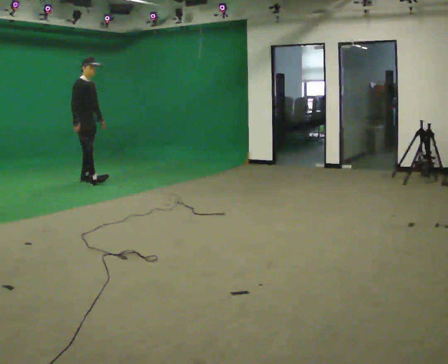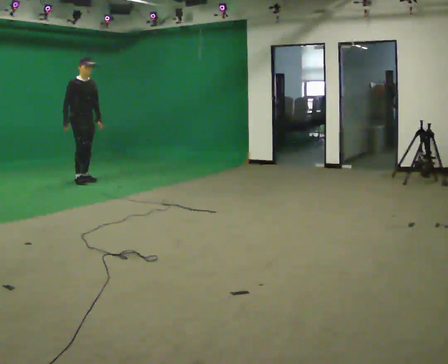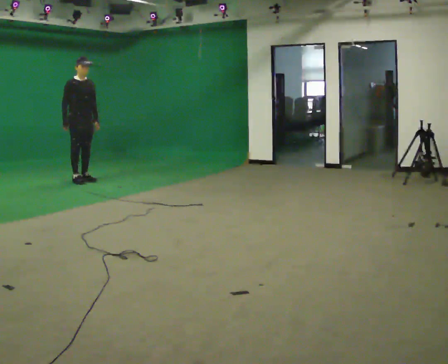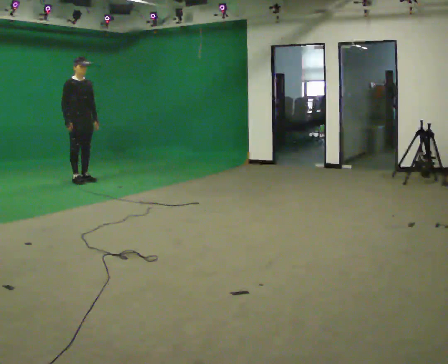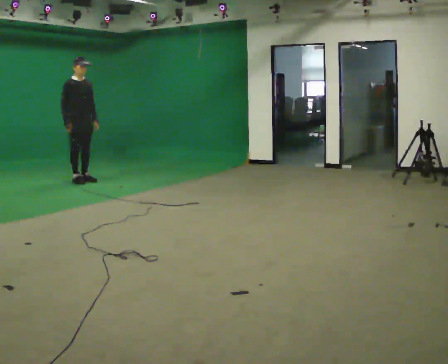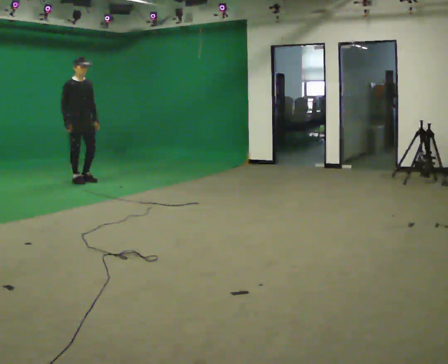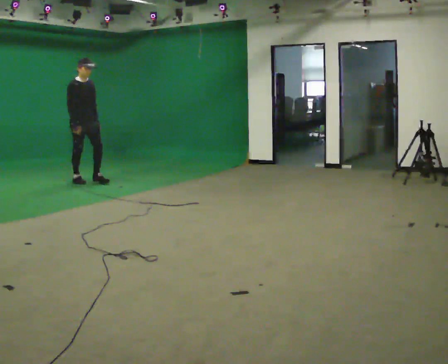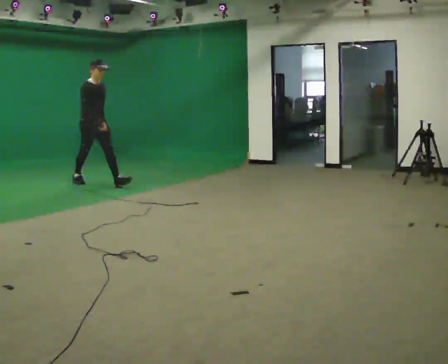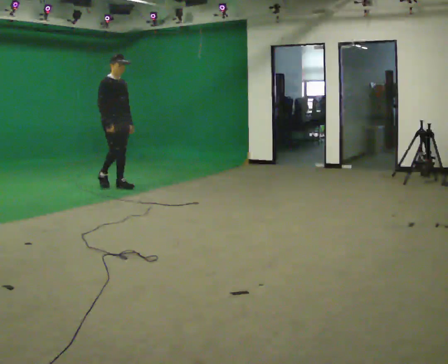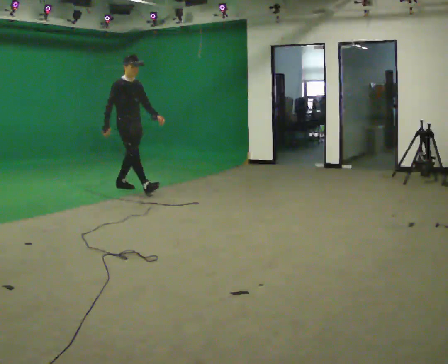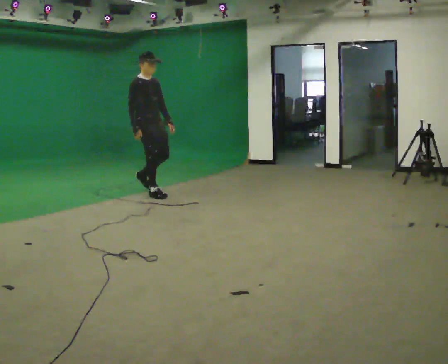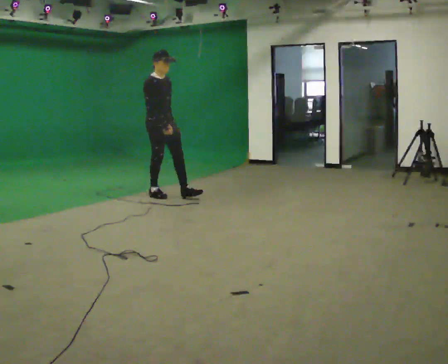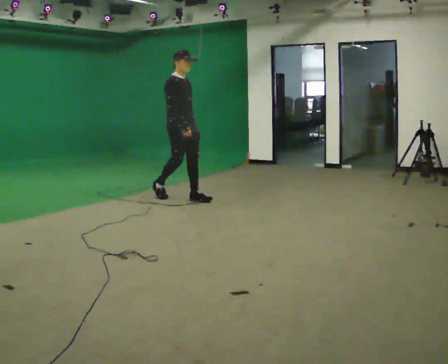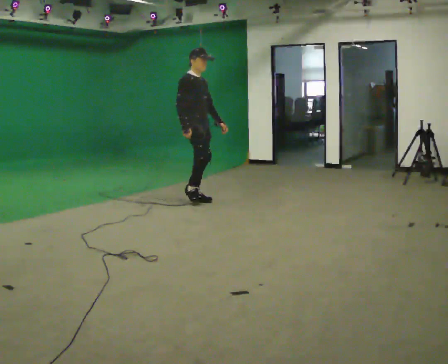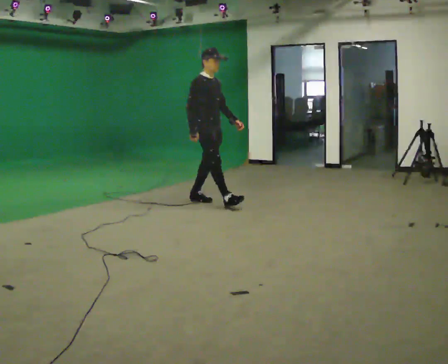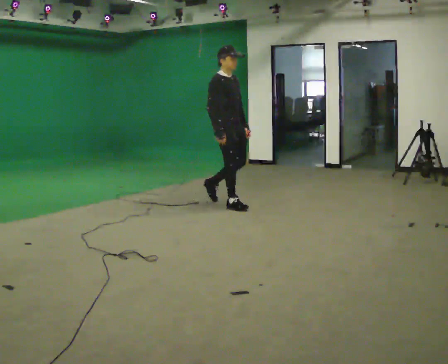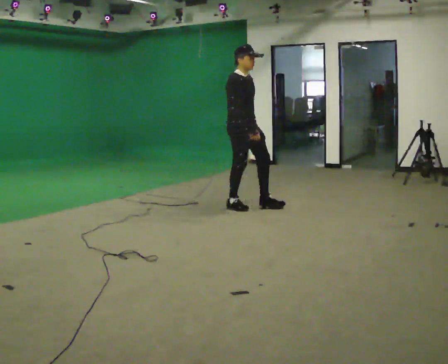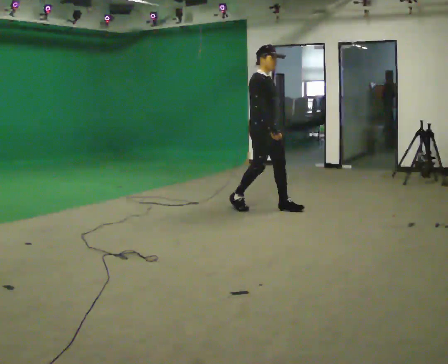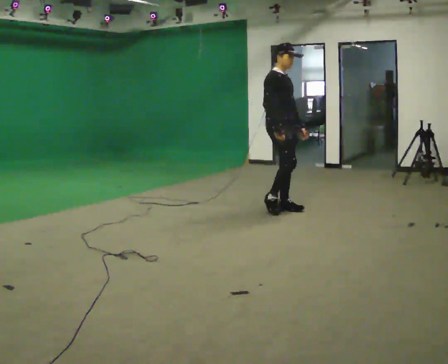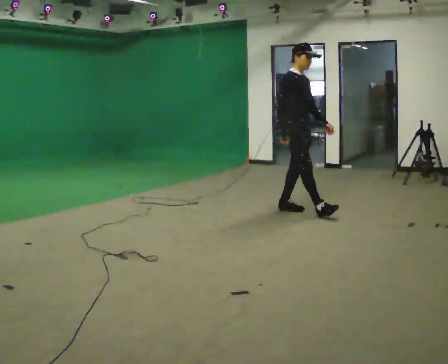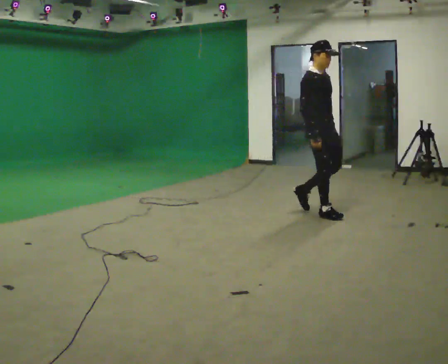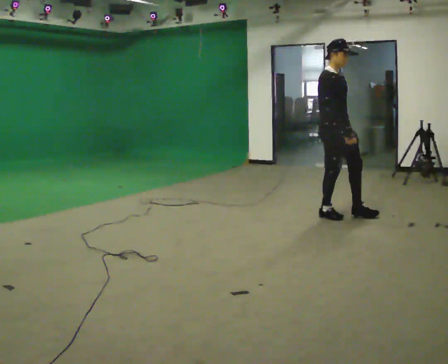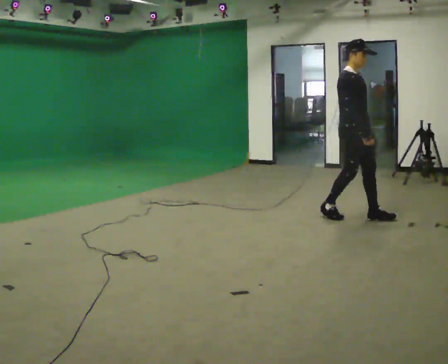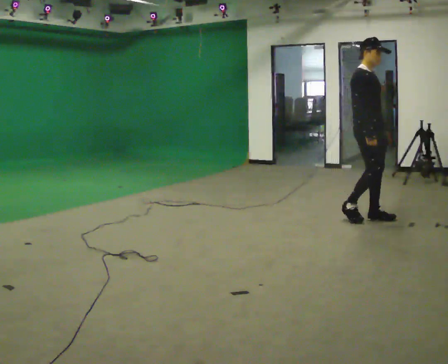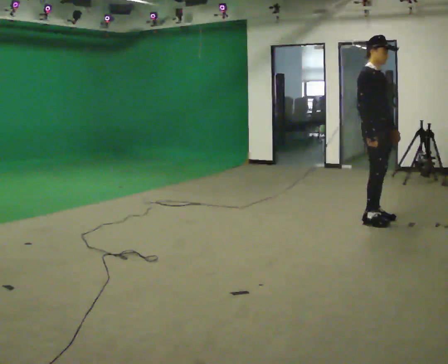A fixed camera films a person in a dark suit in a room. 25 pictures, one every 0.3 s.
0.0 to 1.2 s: The person moves a little, or ends about where they began.
1.2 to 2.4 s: In the picture they go to the right and toward the camera, about 0.5 m in 1 step, which for them is forward.
2.4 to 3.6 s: In the picture they go to the right and toward the camera, about 1 m in 2 steps, which for them is forward.
3.6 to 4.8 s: In the picture they go to the right and toward the camera, about 1 m in 1 step, which for them is forward.
4.8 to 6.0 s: In the picture they go to the right and toward the camera, about 1 m in 2 steps, which for them is forward.
6.0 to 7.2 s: In the picture they go to the right and toward the camera, about 0.5 m in 2 steps, which for them is forward.
The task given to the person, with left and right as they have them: Start at normal speed; gradually slow over several steps; stop gently.
The film runs forward here.
